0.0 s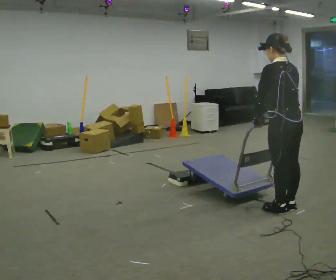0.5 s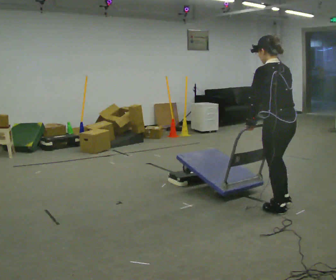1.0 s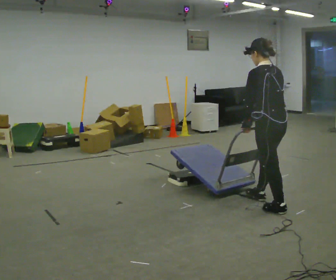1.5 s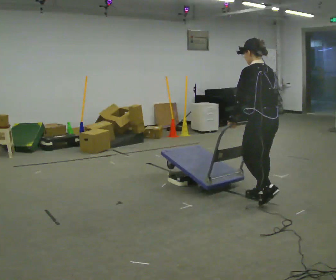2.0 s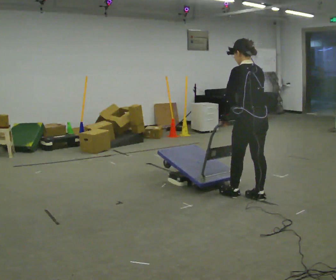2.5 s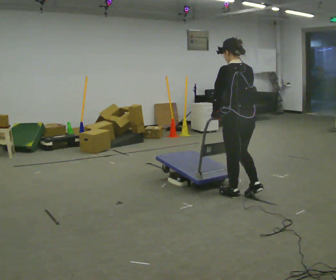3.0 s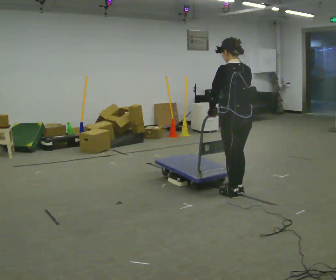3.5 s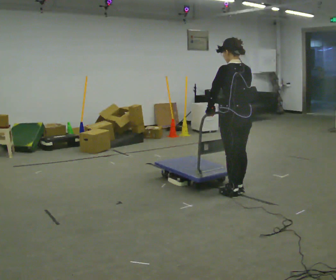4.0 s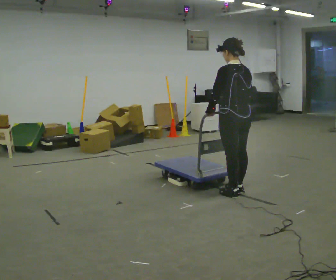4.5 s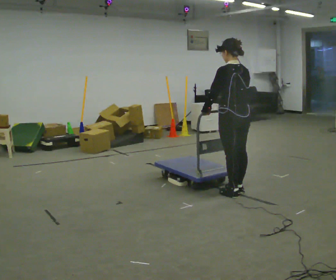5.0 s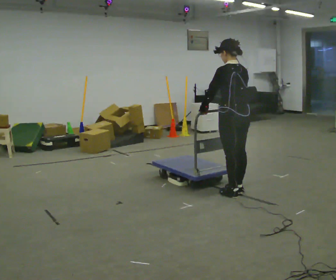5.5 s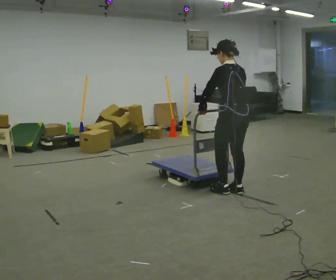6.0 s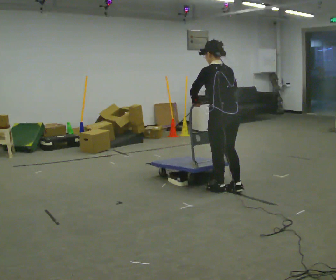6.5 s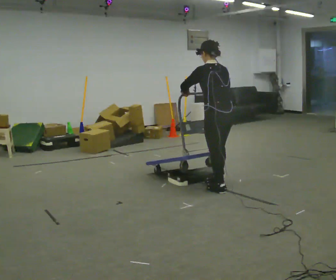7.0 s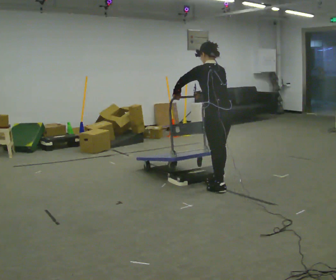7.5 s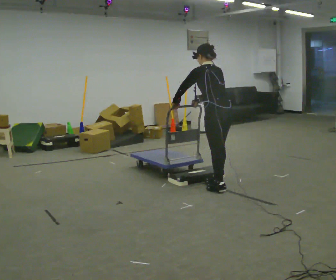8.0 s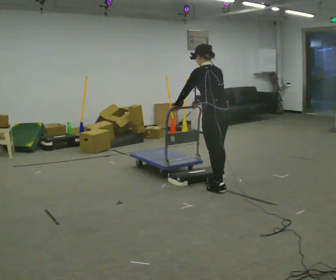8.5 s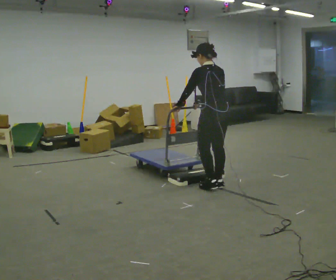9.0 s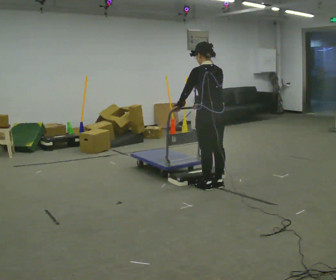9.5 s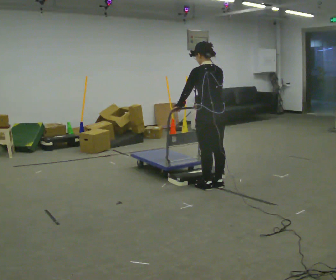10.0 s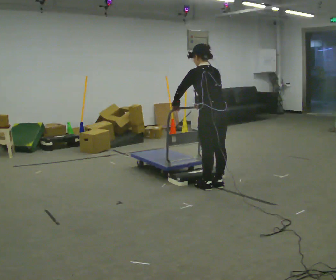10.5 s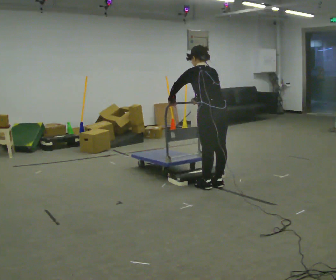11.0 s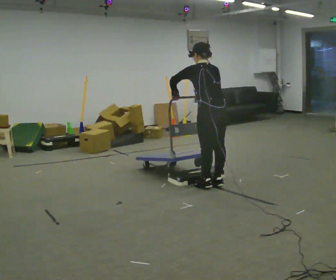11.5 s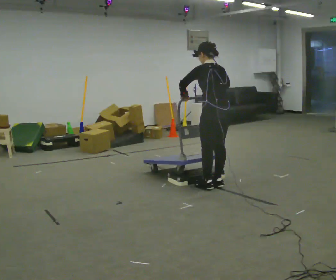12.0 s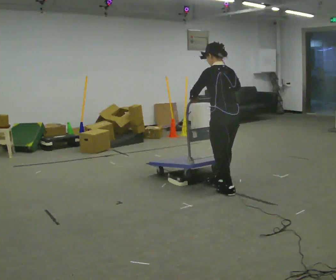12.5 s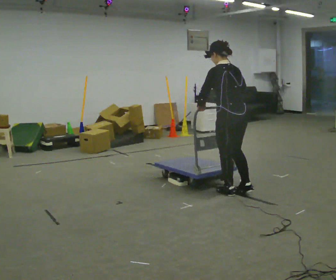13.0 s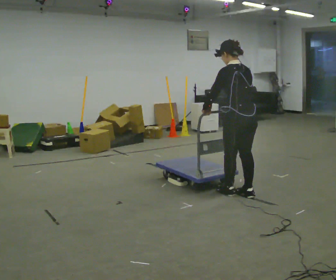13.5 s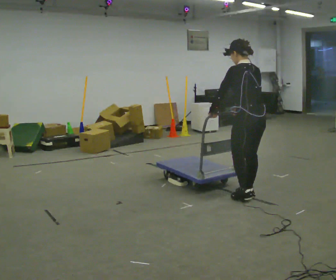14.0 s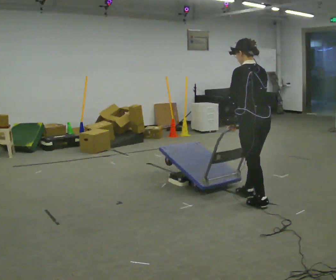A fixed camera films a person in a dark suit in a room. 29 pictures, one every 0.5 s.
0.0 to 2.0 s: In the picture they go away from the camera and to the left, about 0.5 m in 2 steps, which for them is forward.
2.0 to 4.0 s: In the picture they go to the left, about 0.25 m in 1 step, which for them is forward.
4.0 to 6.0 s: The person moves a little, or ends about where they began.
6.0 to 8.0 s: In the picture they go away from the camera, about 0.25 m in 1 step, which for them is forward.
8.0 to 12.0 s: In the picture they go toward the camera, about 0.25 m in 2 steps, which for them is backward.
12.0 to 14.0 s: In the picture they go to the right and toward the camera, about 0.5 m in 2 steps, which for them is backward.
The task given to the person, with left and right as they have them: Push the cart up over the low platform edge and down the other side, then bring it back over.
The film runs forward here.
